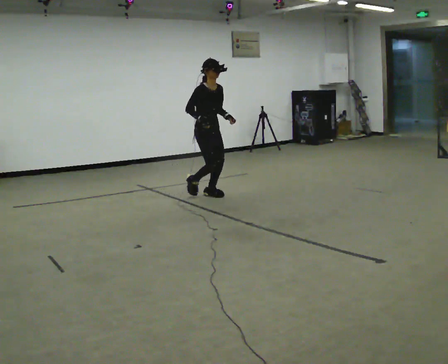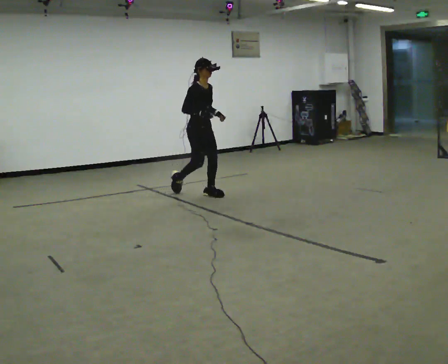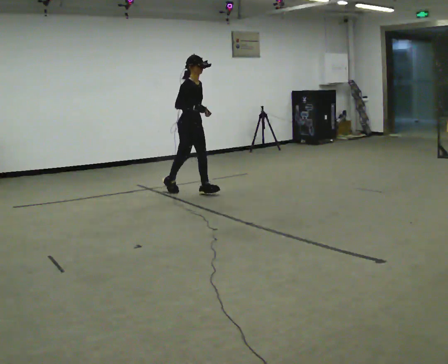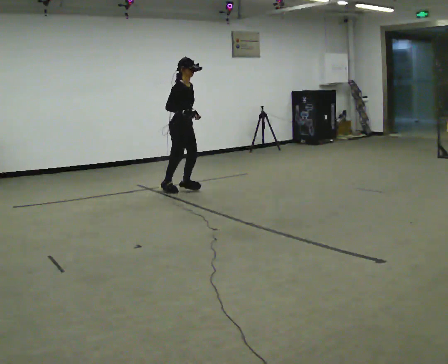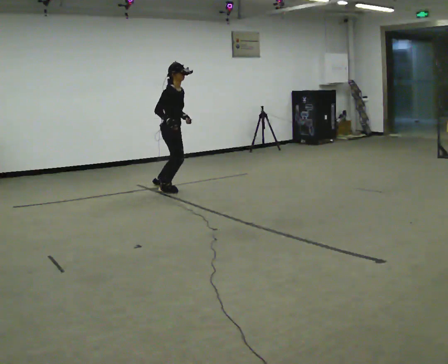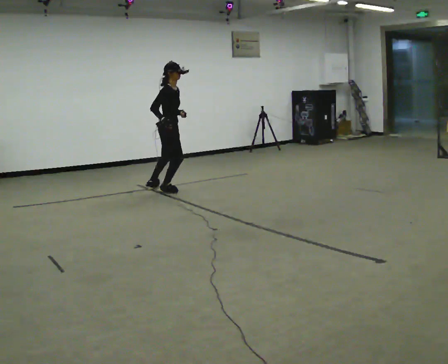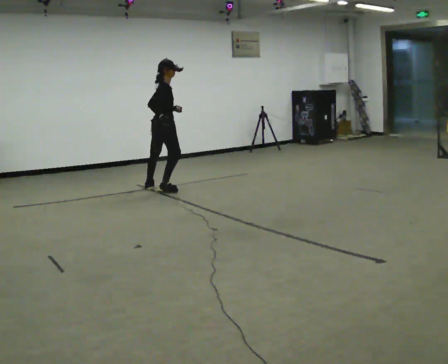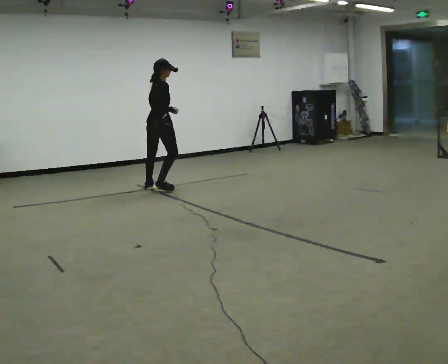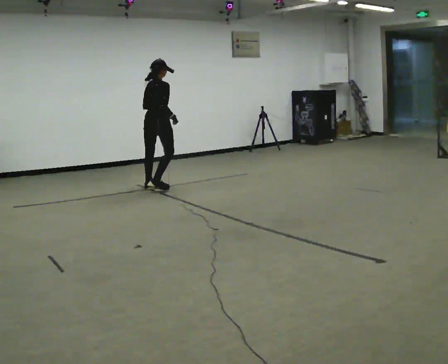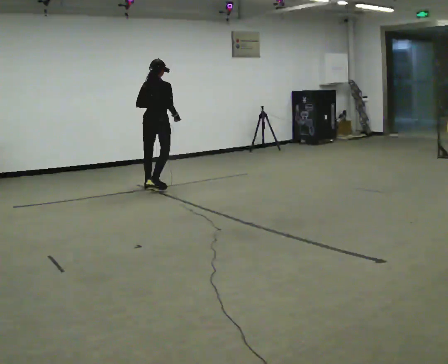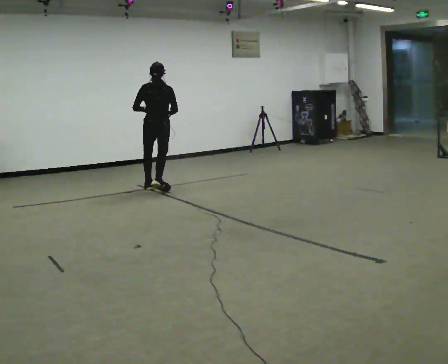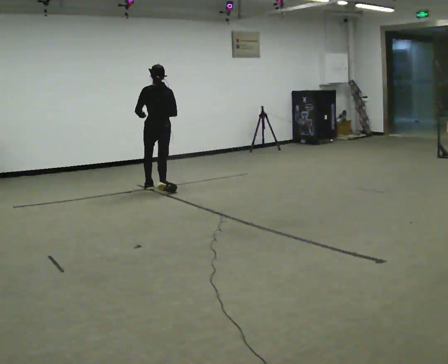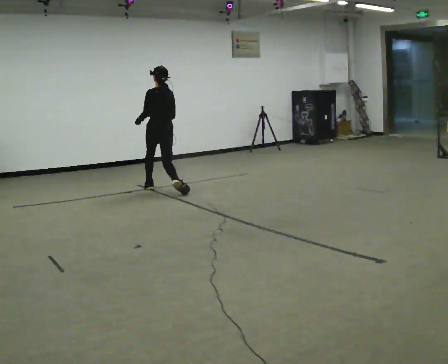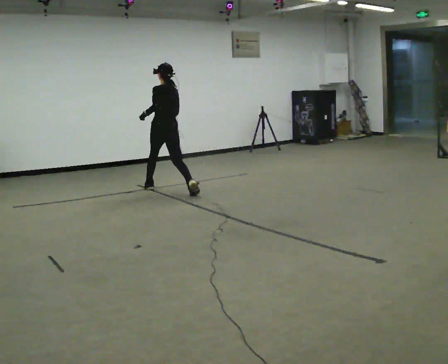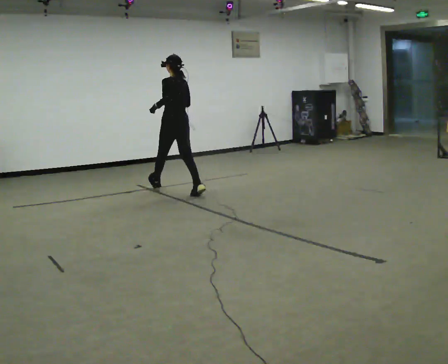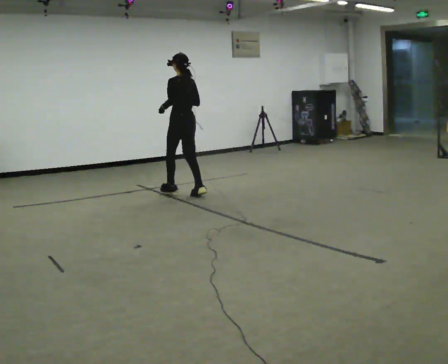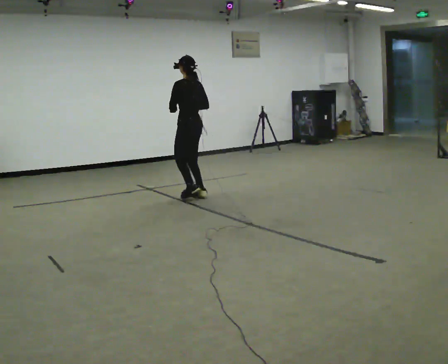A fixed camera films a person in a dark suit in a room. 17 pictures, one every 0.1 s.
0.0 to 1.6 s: The person turns about 180 degrees to their left, counterclockwise seen from above, so the part of the body nearest the lens slides to the right. In the picture they go to the left, about 0.25 m in 3 steps.
The film runs backward here.
